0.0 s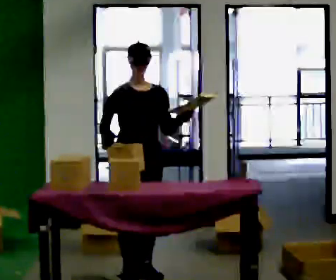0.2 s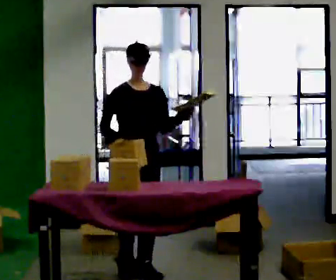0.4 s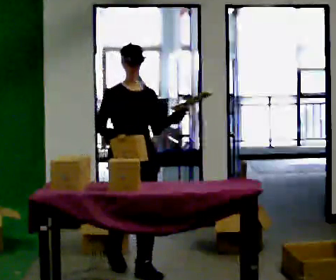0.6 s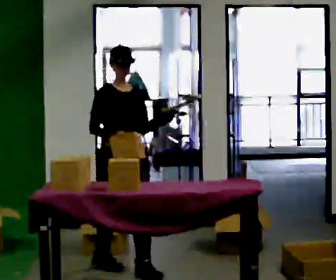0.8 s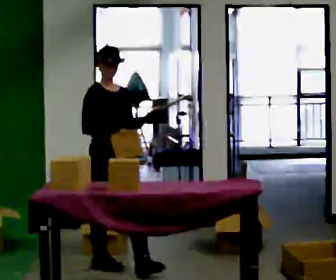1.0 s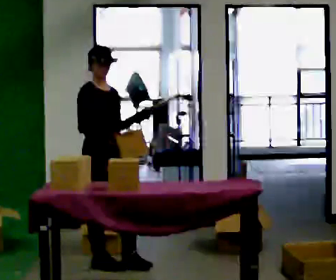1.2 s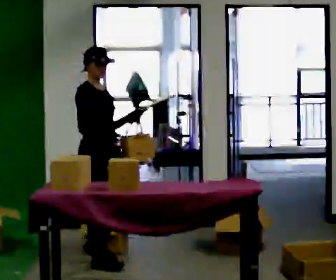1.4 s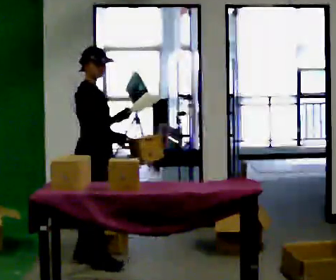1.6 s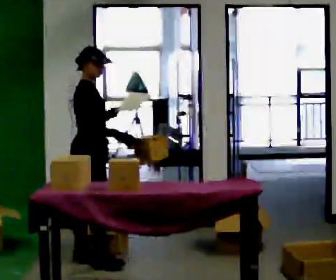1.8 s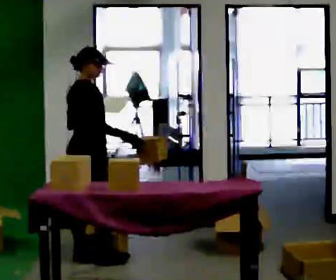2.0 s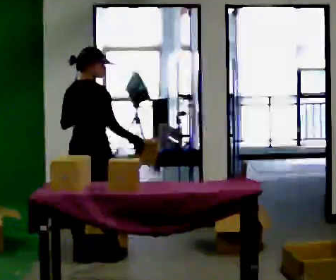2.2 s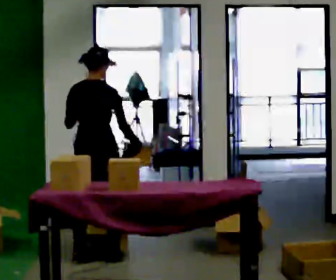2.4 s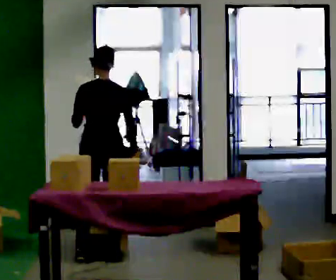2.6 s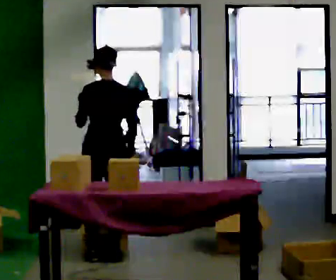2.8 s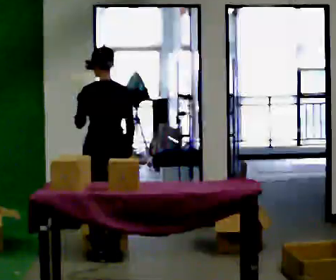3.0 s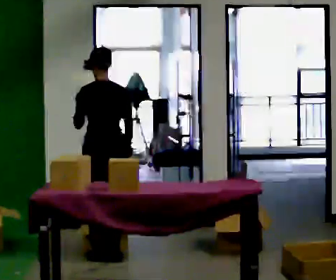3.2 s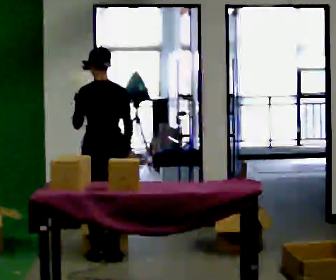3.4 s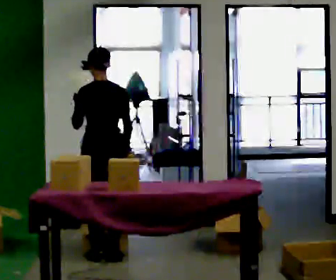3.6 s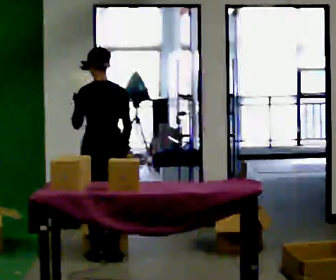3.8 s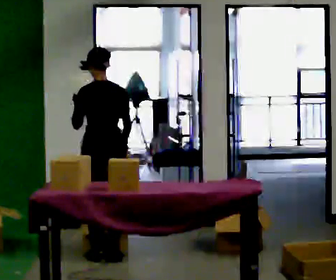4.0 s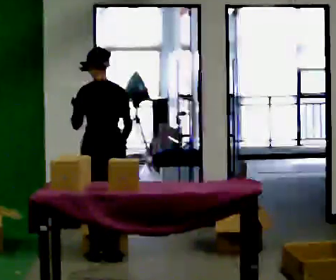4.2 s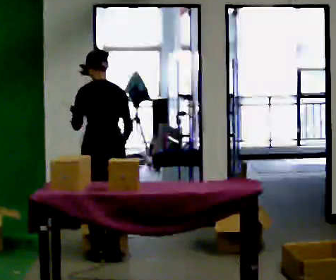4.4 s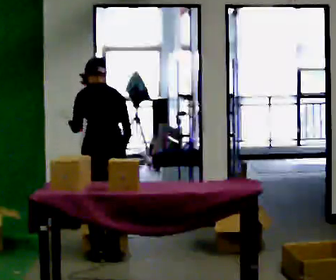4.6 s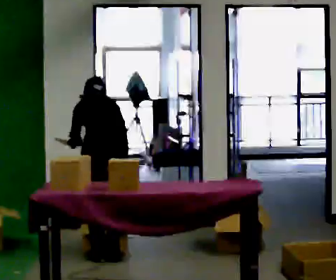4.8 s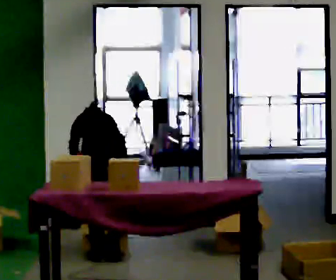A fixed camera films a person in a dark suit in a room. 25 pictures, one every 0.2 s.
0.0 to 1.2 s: The person turns about 45 degrees to their left, counterclockwise seen from above, so the part of the body nearest the lens slides to the right. In the picture they go away from the camera and to the left, about 0.5 m in 1 step, which for them is backward.
1.2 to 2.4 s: The person turns about 120 degrees to their left, counterclockwise seen from above, so the part of the body nearest the lens slides to the right. In the picture they go away from the camera, about 0.25 m in 2 steps.
2.4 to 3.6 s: The person moves a little, or ends about where they began.
3.6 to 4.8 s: The shoulders move downward. The upper body tips away from the camera, its near side rolling upward, as they bend forward. In the picture their left hand goes downward.
The film runs backward here.
